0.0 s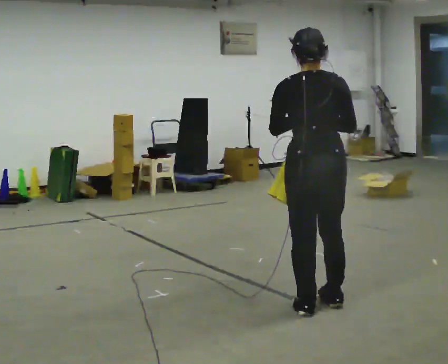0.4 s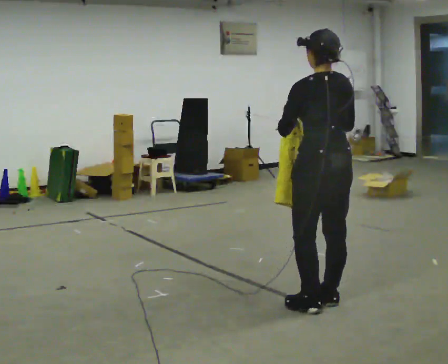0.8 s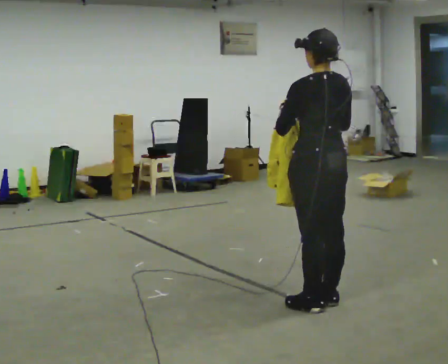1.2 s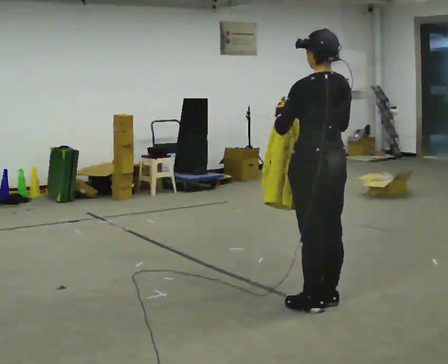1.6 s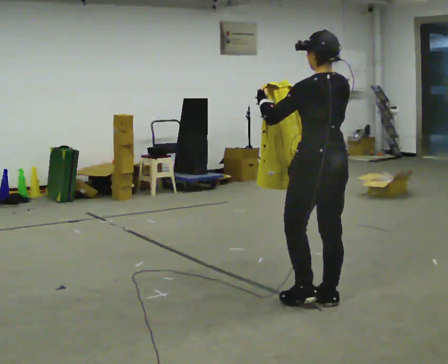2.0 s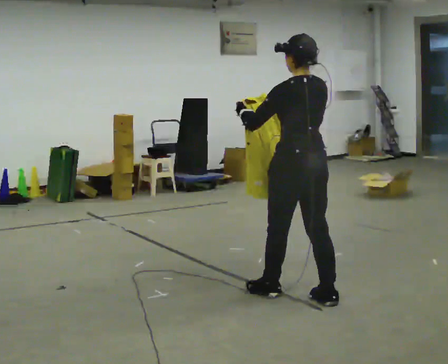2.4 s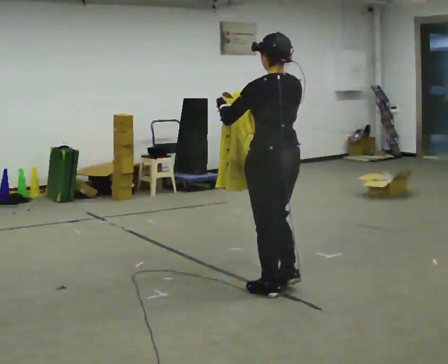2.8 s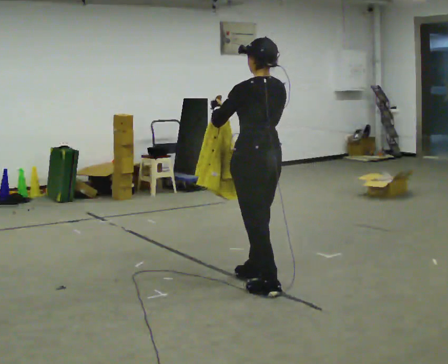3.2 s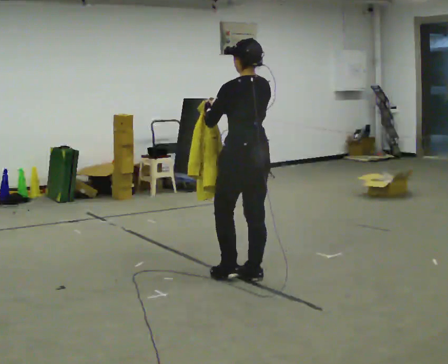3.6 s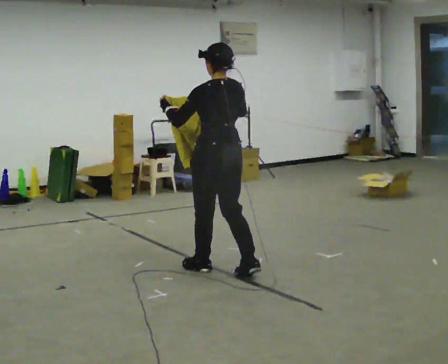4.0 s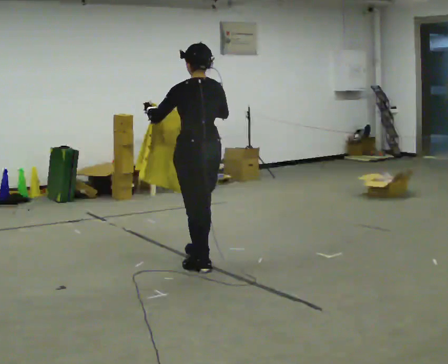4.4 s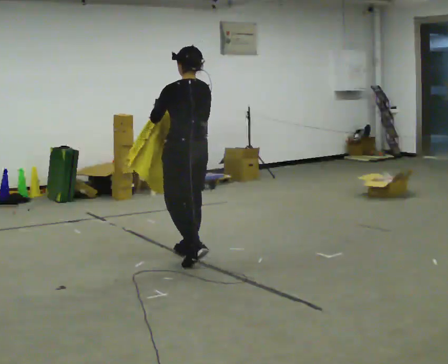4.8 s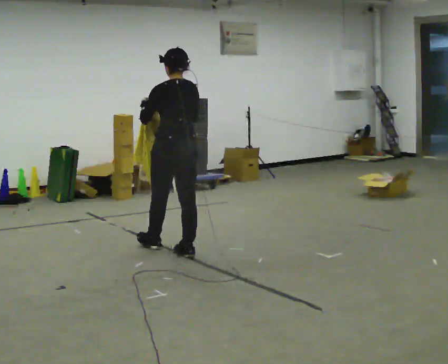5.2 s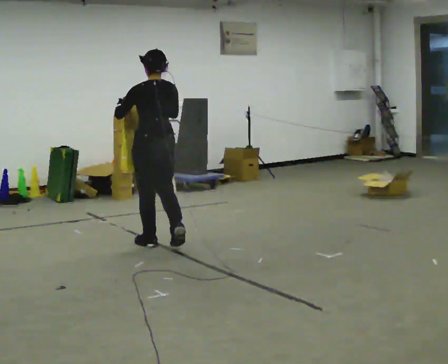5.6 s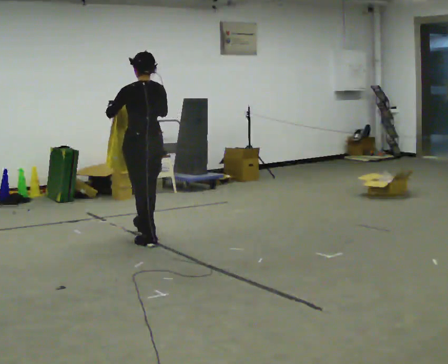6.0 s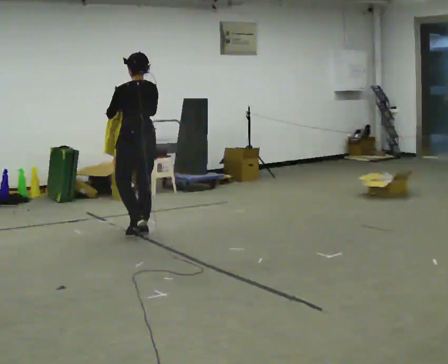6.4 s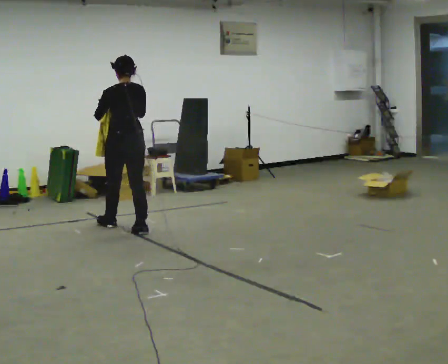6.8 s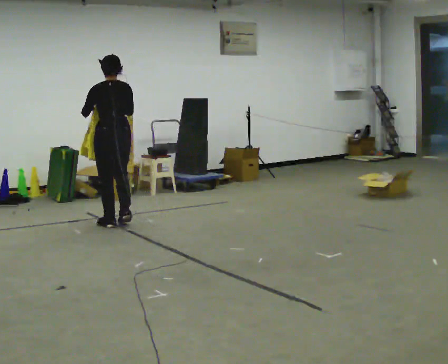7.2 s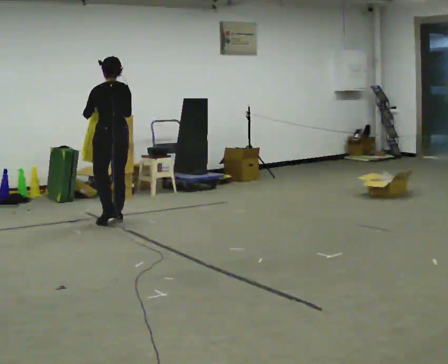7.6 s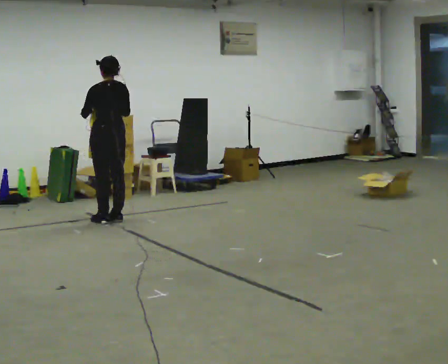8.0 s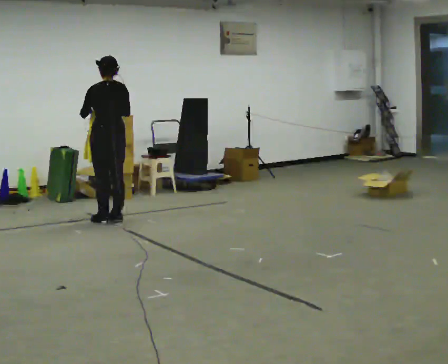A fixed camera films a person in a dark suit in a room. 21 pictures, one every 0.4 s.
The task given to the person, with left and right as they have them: Carry the cloth and, while walking, fold it in half, then unfold it. Keep repeating as you walk. Do not stop.
0.0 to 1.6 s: Seen from above the body turns counterclockwise, about 30 degrees: to their left, with its near side sliding to the right.
1.6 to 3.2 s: In the picture they go away from the camera and to the left, about 0.75 m in 2 steps, which for them is forward.
3.2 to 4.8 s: In the picture they go away from the camera and to the left, about 1 m in 2 steps, which for them is forward.
4.8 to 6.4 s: In the picture they go away from the camera and to the left, about 1 m in 3 steps, which for them is forward.
6.4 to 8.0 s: In the picture they go away from the camera and to the left, about 0.5 m in 2 steps, which for them is forward.
The film runs forward here.
